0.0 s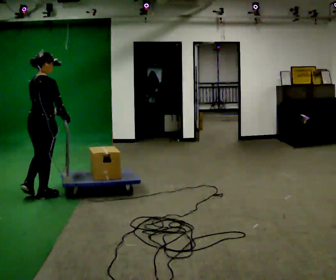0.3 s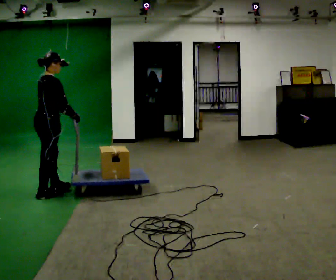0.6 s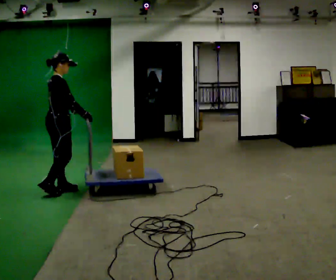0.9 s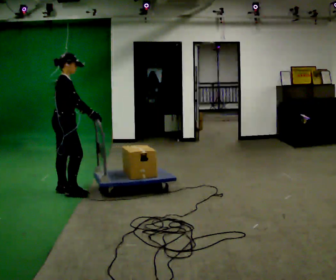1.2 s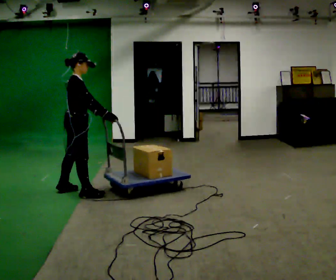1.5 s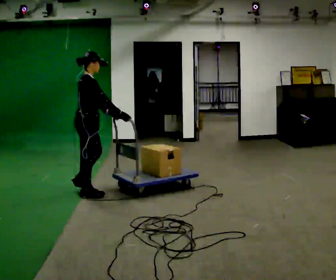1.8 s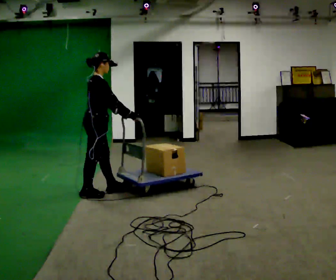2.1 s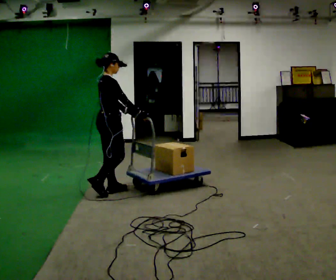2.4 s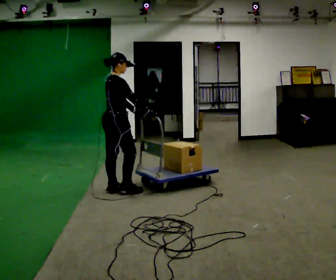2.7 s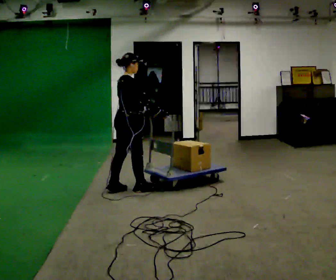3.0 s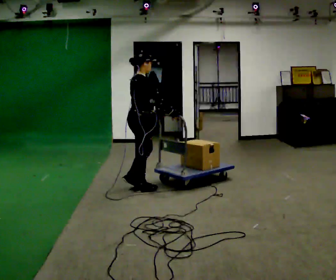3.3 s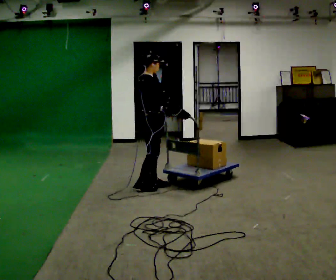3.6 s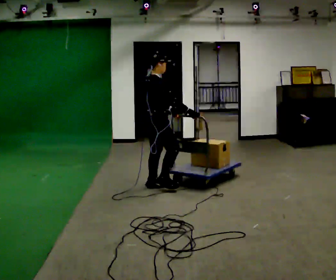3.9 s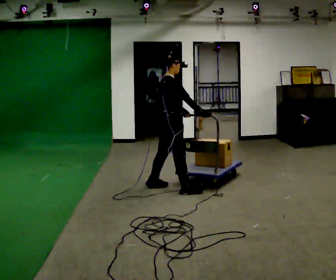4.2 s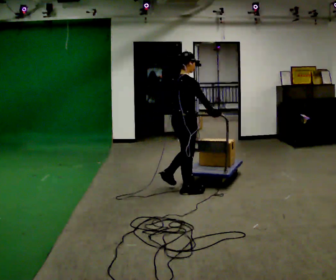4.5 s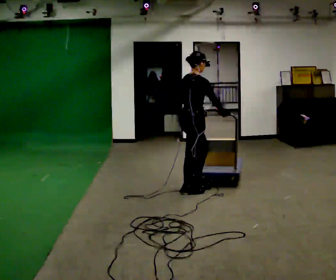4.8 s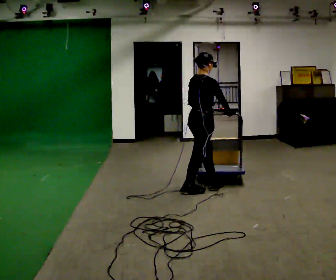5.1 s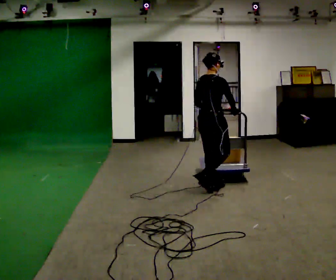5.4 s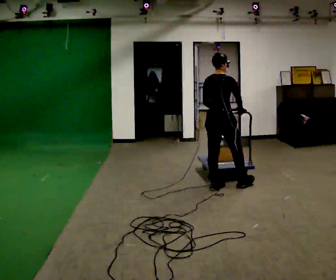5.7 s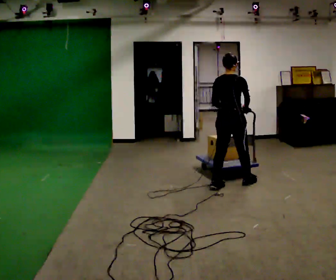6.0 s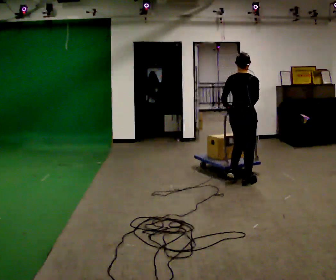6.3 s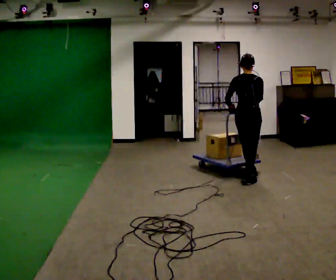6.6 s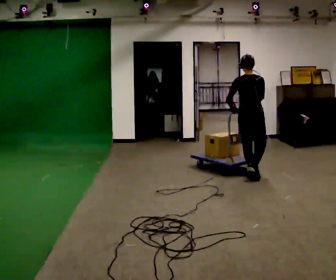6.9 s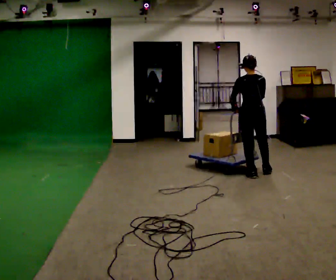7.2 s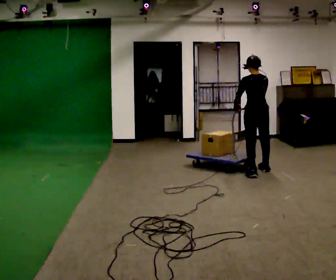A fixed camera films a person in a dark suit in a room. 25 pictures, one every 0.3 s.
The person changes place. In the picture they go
to the right.
0.0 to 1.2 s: The person turns about 45 degrees to their right, clockwise seen from above, so the part of the body nearest the lens slides to the left. In the picture they go to the right and away from the camera, about 0.5 m in 2 steps, which for them is forward.
1.2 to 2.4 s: In the picture they go to the right, about 0.5 m in 1 step, which for them is forward.
2.4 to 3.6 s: In the picture they go to the right, about 0.5 m in 2 steps, which for them is forward.
3.6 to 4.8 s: In the picture they go to the right, about 0.5 m in 2 steps, which for them is forward and to their right.
4.8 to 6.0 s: Seen from above the body turns counterclockwise, about 30 degrees: to their left, with its near side sliding to the right. In the picture they go to the right and away from the camera, about 0.5 m in 1 step, which for them is forward and to their right.
6.0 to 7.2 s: The part of the body nearest the lens slides to the right as the person turns to their left by about 30 degrees. In the picture they go away from the camera and to the right, about 0.5 m in 2 steps, which for them is forward.
The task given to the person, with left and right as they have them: Push the loaded cart from one corner of the room to the other, turn it round, and push it back. Keep going until the operator says stop.
The film runs forward here.
